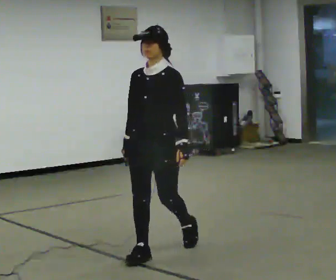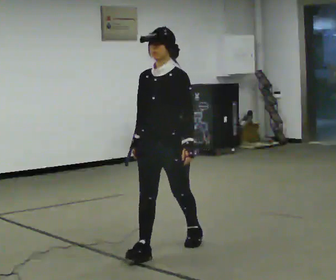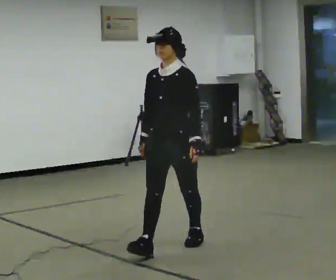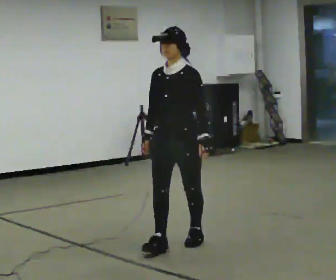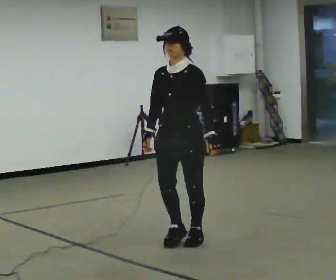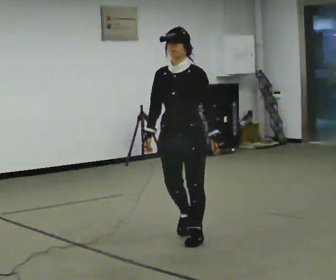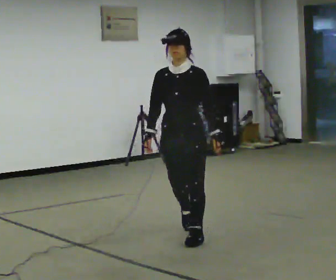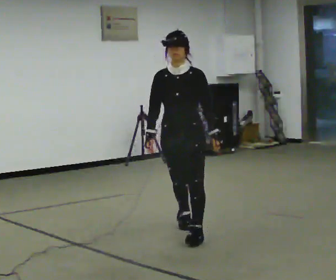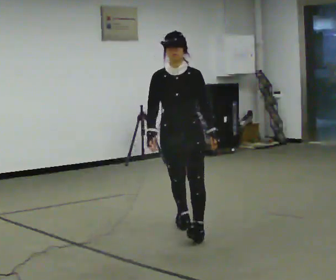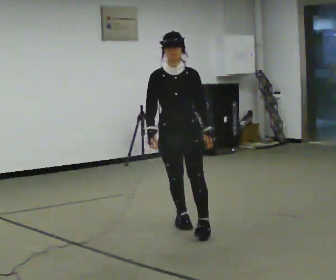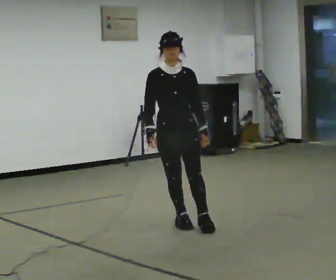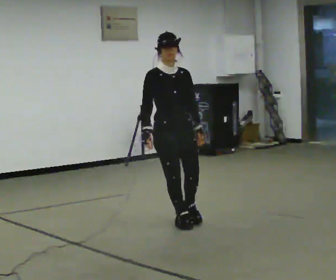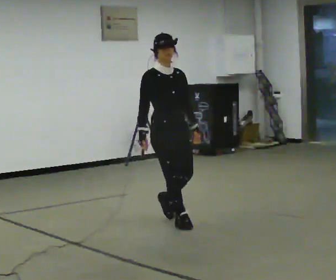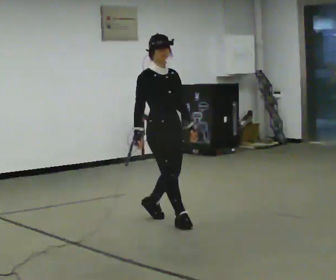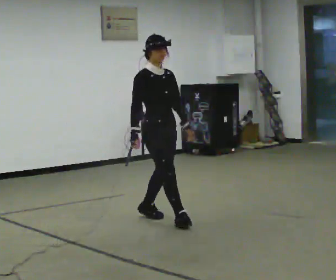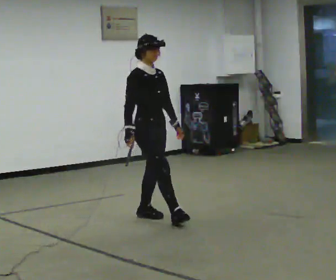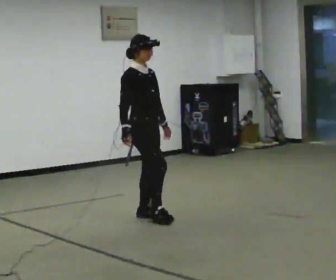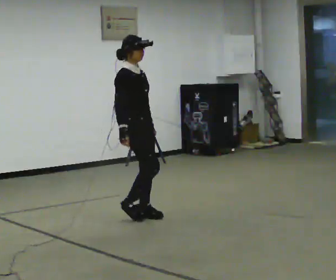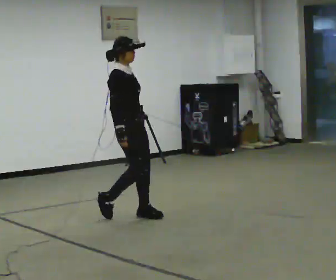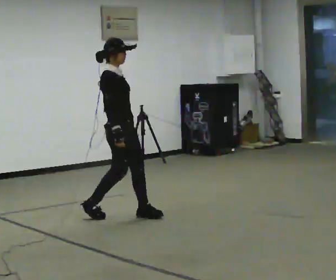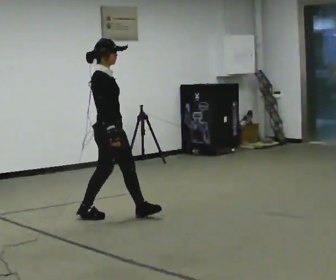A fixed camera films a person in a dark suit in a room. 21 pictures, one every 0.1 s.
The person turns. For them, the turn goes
to their left.
The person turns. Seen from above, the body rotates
counterclockwise.
0.0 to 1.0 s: Seen from above the body turns counterclockwise, about 30 degrees: to their left, with its near side sliding to the right. In the picture they go away from the camera, about 1 m in 2 steps, which for them is backward.
1.0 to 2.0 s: Seen from above the body turns counterclockwise, about 75 degrees: to their left, with its near side sliding to the right. In the picture they go to the left and away from the camera, about 0.5 m in 1 step.
The film runs backward here.
